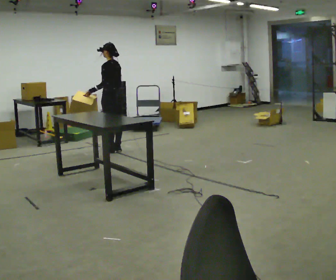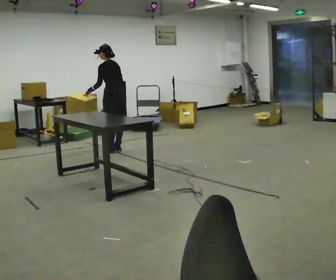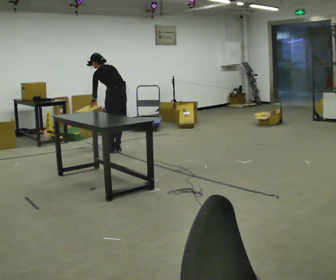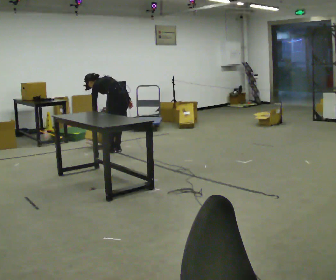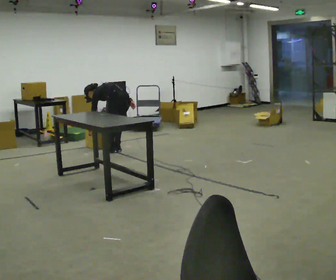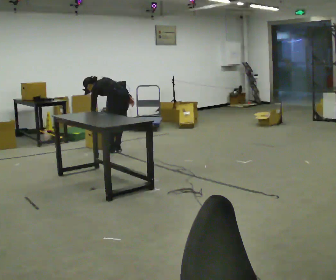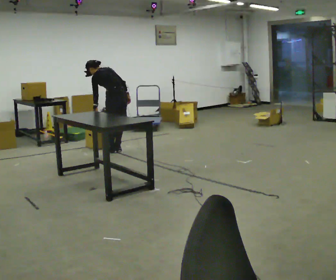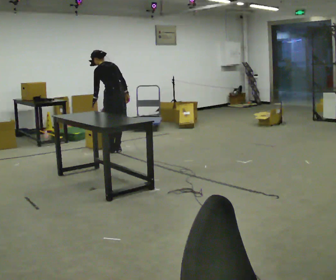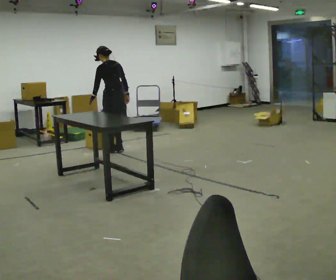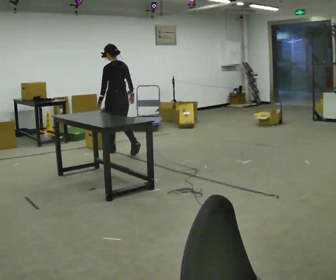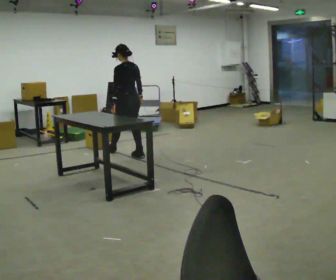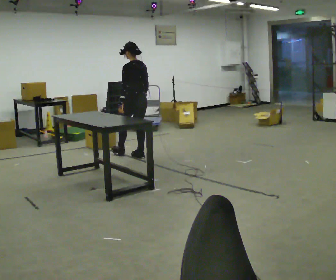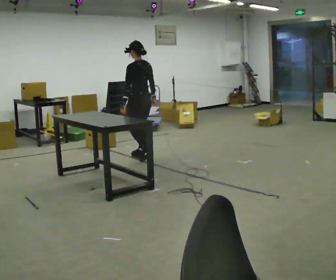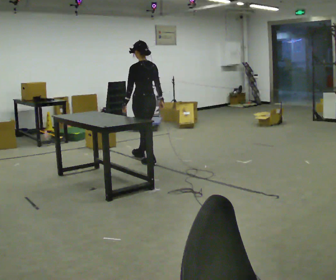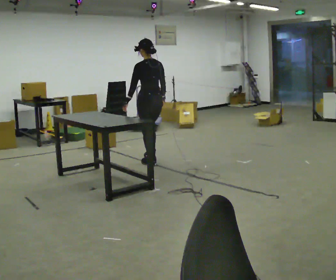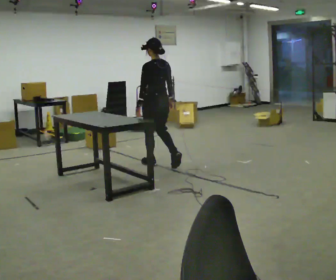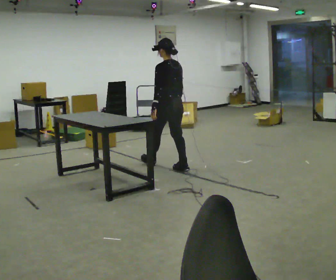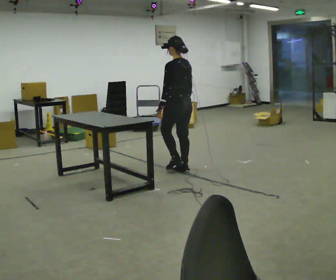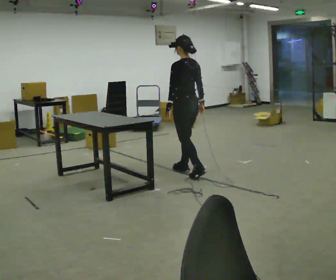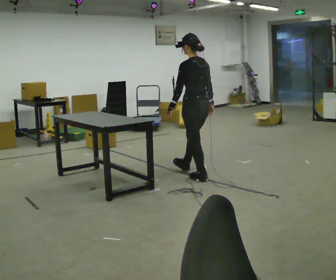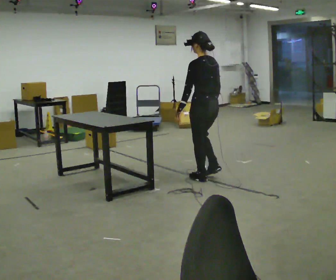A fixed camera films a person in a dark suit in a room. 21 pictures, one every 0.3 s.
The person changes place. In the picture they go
toward the camera.
0.0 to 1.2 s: The shoulders move downward. In the picture the upper body tilts counterclockwise, shoulders to the left, as they bend forward.
1.2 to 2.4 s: The upper body goes upward. In the picture the upper body tilts clockwise, shoulders to the right, as they lean back or straighten.
2.4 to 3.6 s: In the picture they go toward the camera and to the right, about 0.5 m in 1 step, which for them is backward.
3.6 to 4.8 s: In the picture they go toward the camera and to the right, about 0.75 m in 2 steps, which for them is backward.
4.8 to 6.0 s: In the picture they go toward the camera and to the right, about 0.75 m in 1 step, which for them is backward.
The film runs backward here.
